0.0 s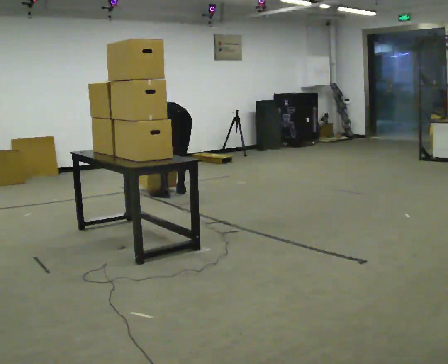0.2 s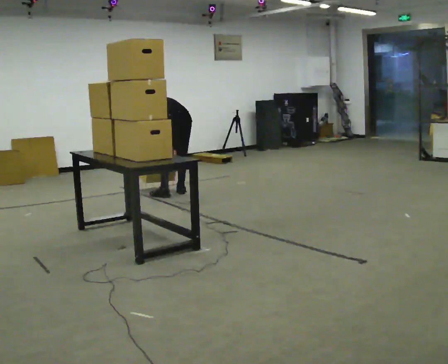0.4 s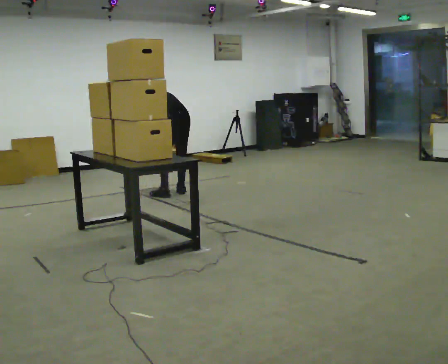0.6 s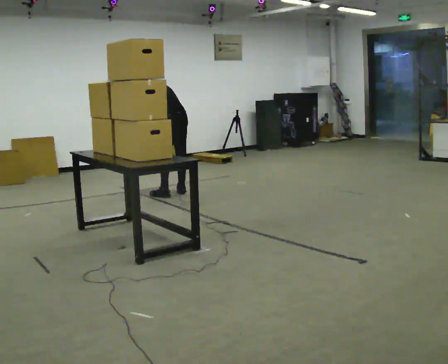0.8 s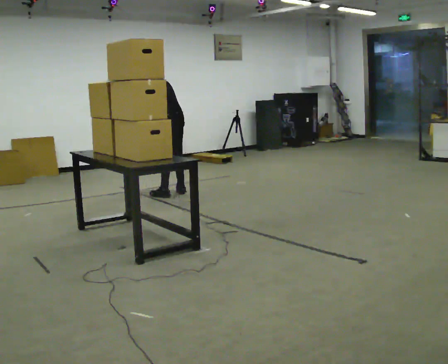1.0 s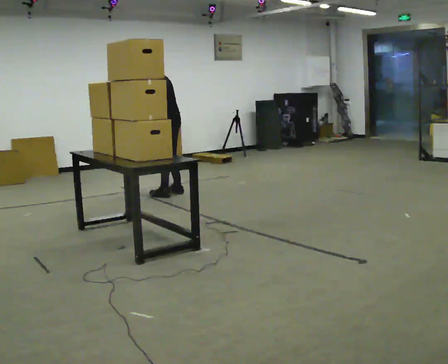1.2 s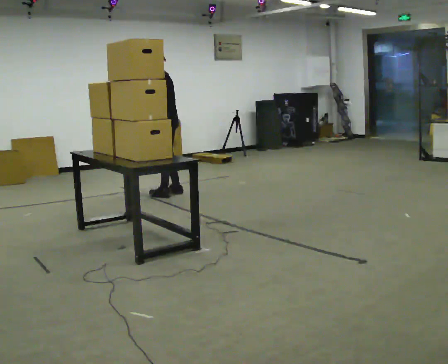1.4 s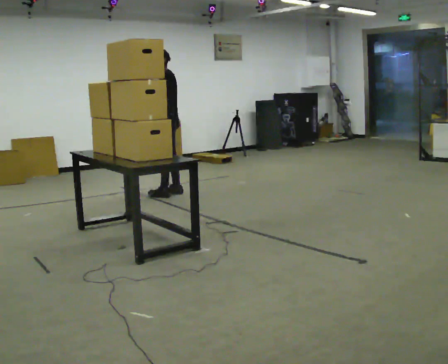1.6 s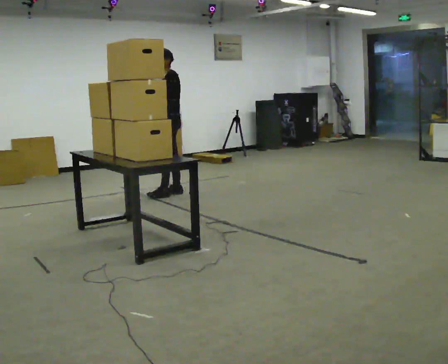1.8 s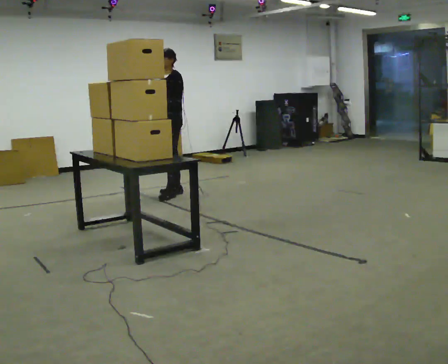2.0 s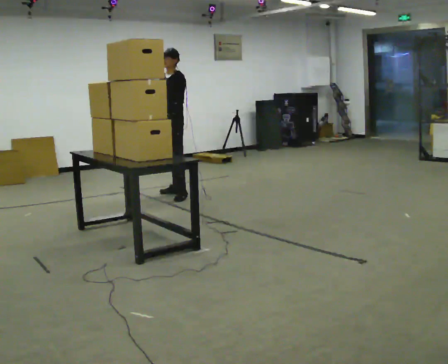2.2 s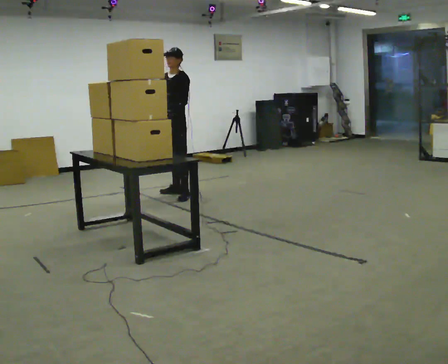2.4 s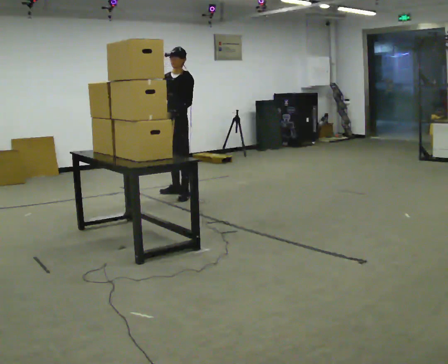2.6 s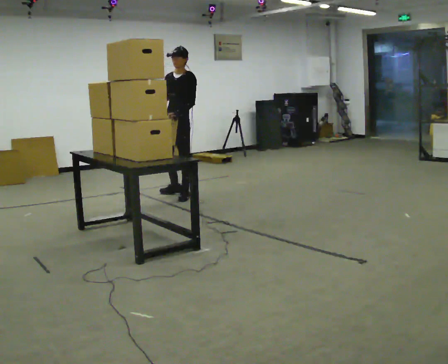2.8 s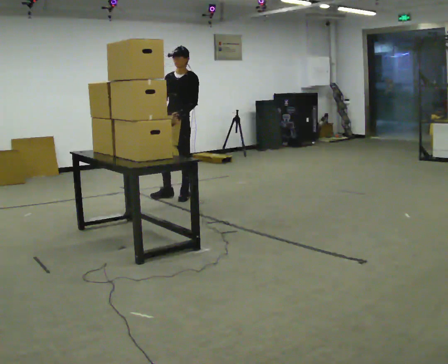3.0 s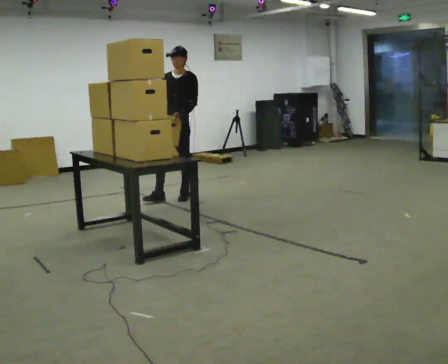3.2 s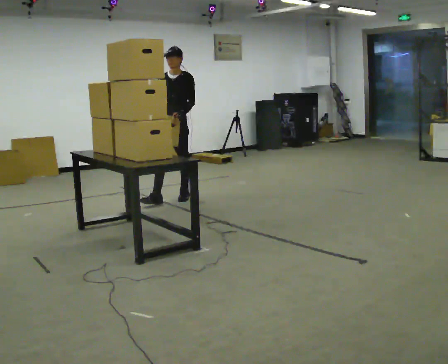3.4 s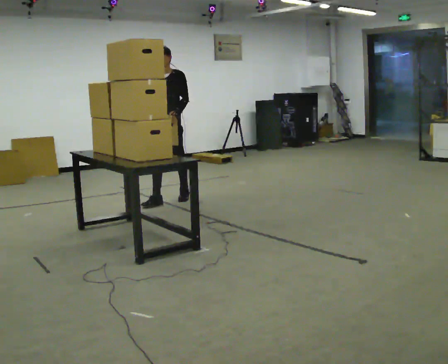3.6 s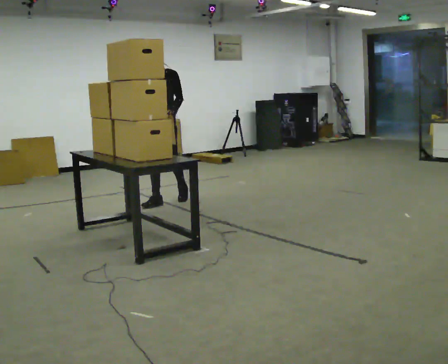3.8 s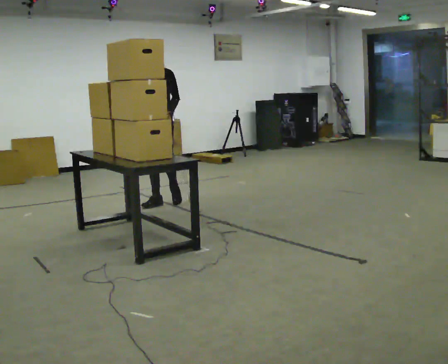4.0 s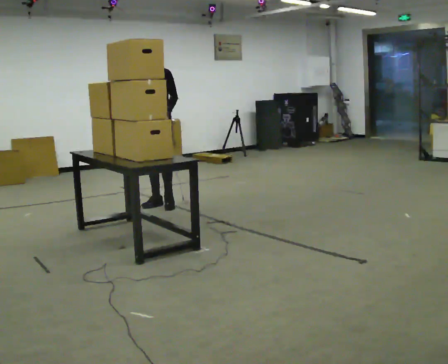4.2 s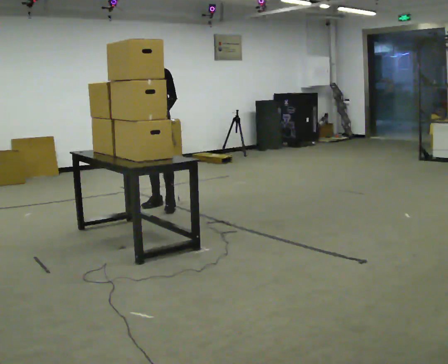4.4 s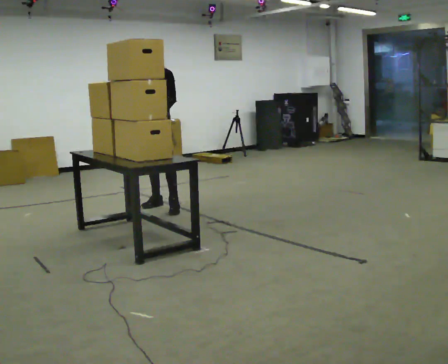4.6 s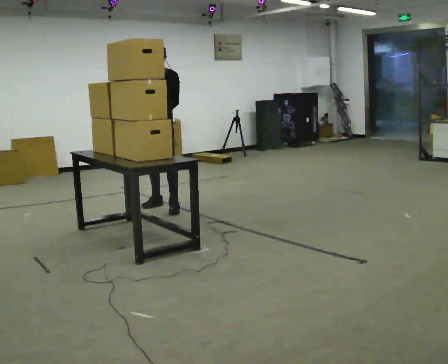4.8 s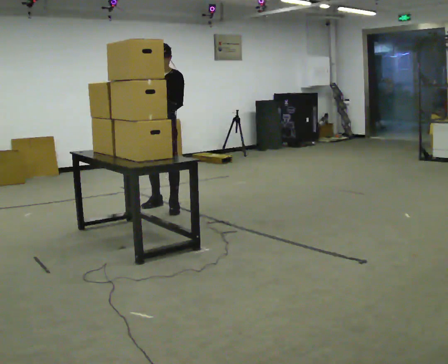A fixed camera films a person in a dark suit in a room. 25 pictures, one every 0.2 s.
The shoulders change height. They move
upward.
The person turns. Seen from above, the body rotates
counterclockwise.
0.0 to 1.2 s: Seen from above the body turns counterclockwise, about 45 degrees: to their left, with its near side sliding to the right. The upper body goes upward. The upper body tips toward the camera, its near side rolling downward, as they lean back or straighten. In the picture their right hand goes upward.
1.2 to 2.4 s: The person turns about 45 degrees to their left, counterclockwise seen from above, so the part of the body nearest the lens slides to the right.
2.4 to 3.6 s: The person turns about 45 degrees to their left, counterclockwise seen from above, so the part of the body nearest the lens slides to the right. In the picture they go toward the camera and to the left, about 0.25 m in 1 step, which for them is forward.
3.6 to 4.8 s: In the picture they go toward the camera, about 0.25 m in 1 step, which for them is forward and to their left.
The film runs forward here.
